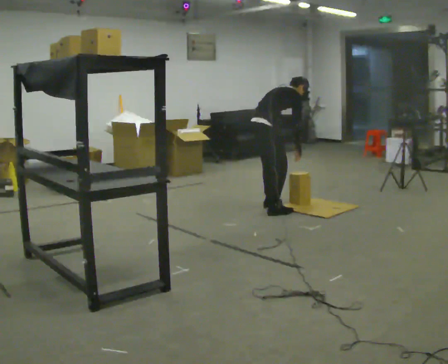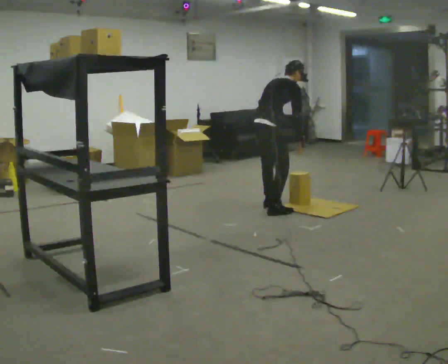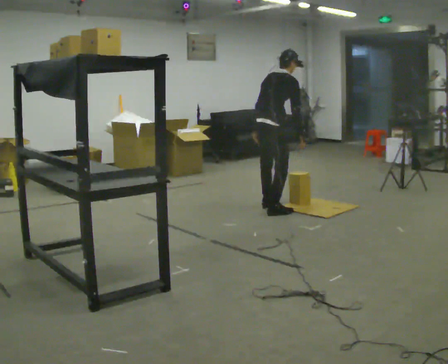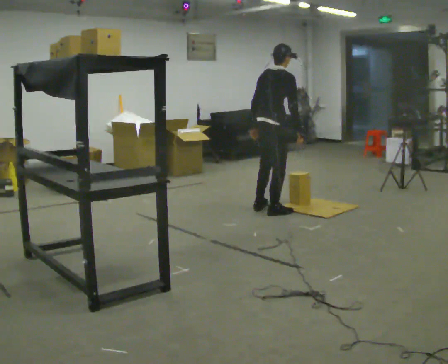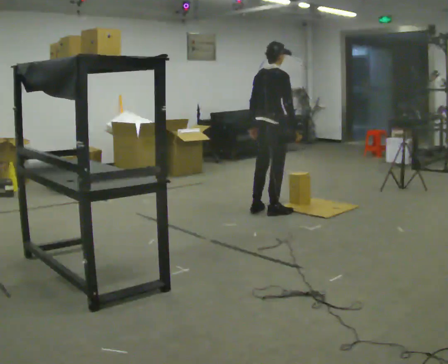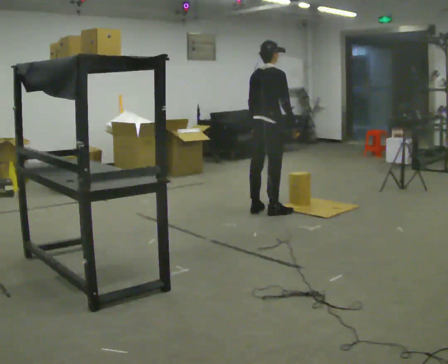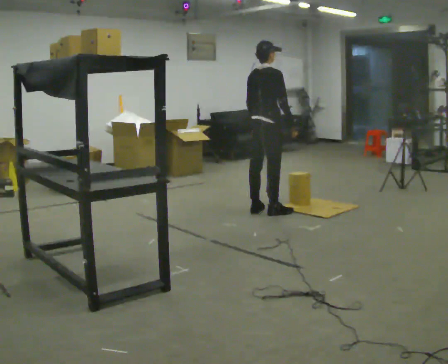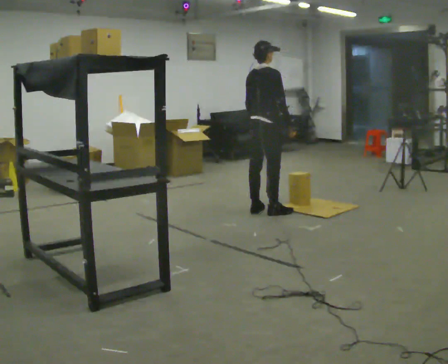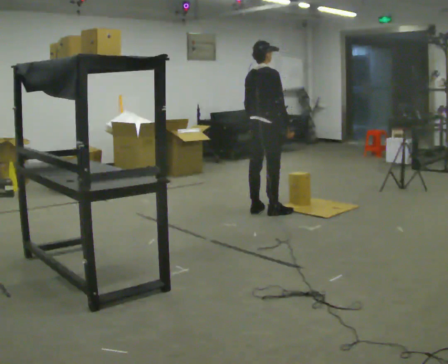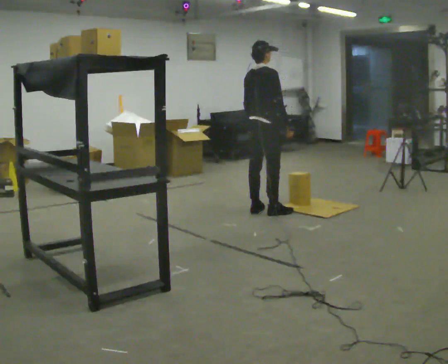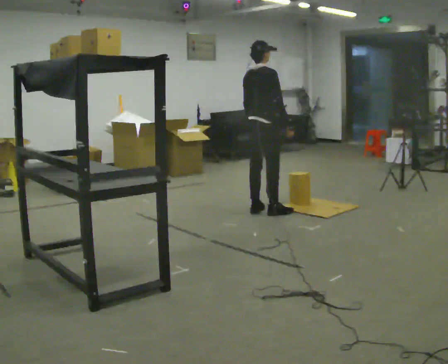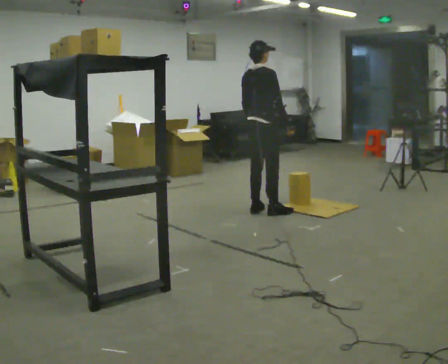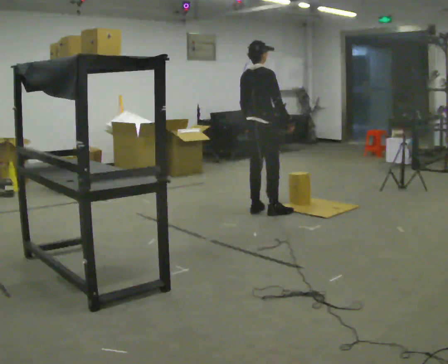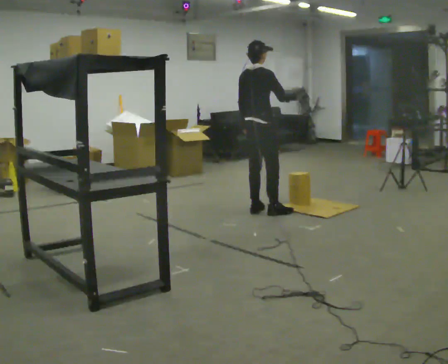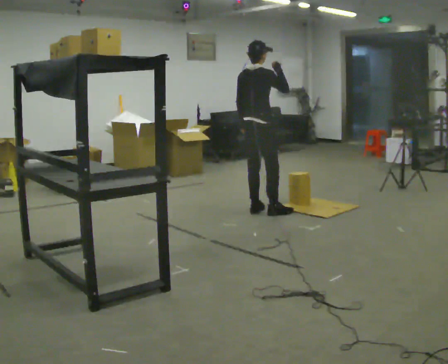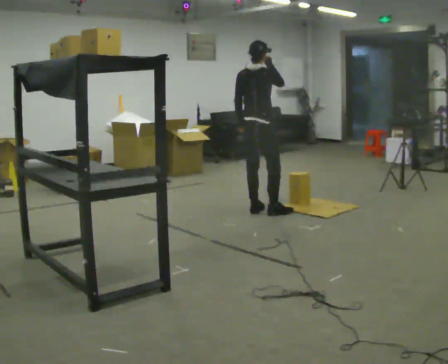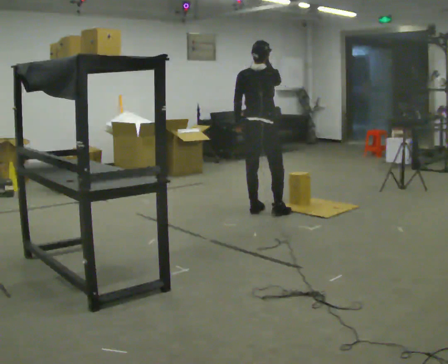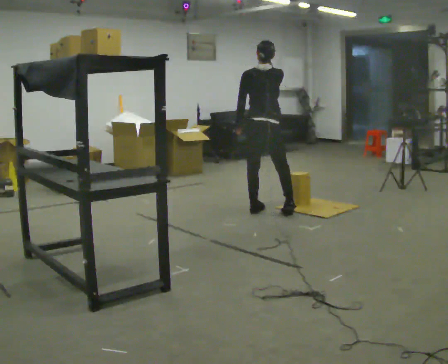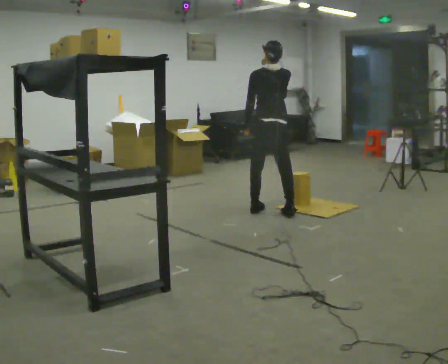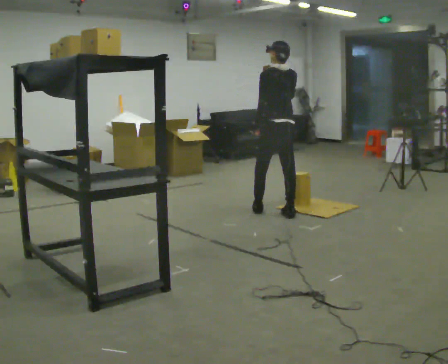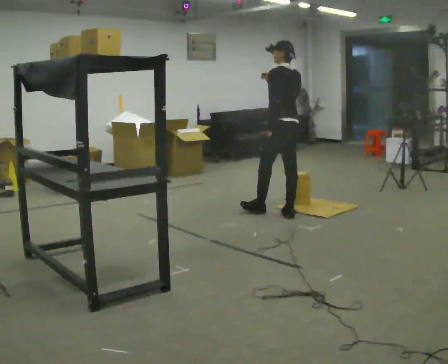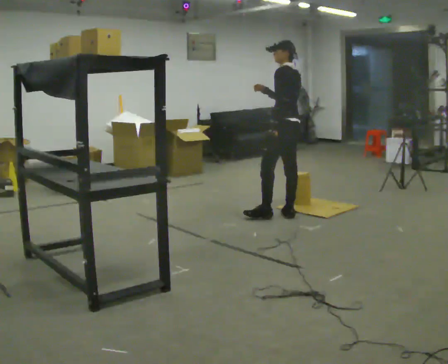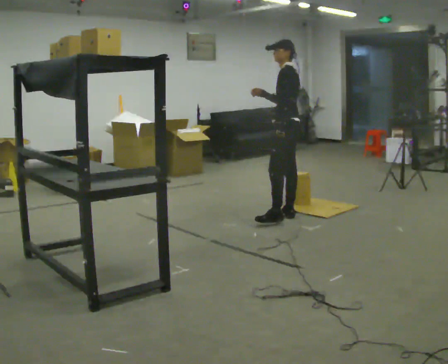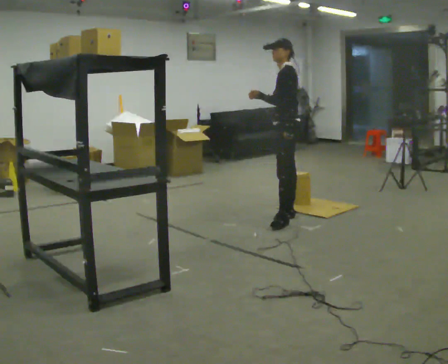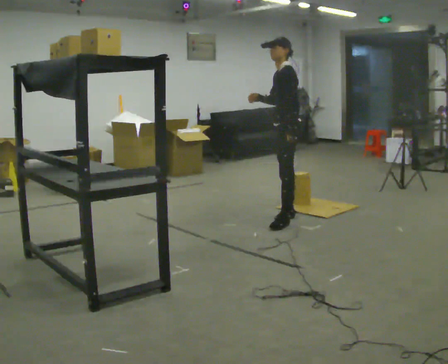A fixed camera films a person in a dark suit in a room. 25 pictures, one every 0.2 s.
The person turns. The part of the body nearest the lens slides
to the right.
The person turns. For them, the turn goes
to their left.
0.0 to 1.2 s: The upper body goes upward. In the picture the upper body tilts counterclockwise, shoulders to the left, as they lean back or straighten.
1.2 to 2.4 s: The person moves a little, or ends about where they began.
2.4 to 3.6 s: The person turns about 60 degrees to their left, counterclockwise seen from above, so the part of the body nearest the lens slides to the right. In the picture their right hand goes upward.
3.6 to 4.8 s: The part of the body nearest the lens slides to the right as the person turns to their left by about 75 degrees. In the picture they go toward the camera and to the right, about 0.5 m in 1 step.
The film runs forward here.
